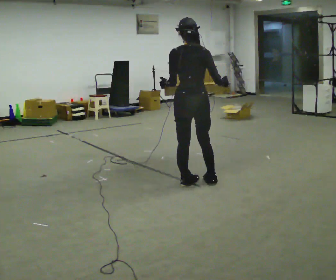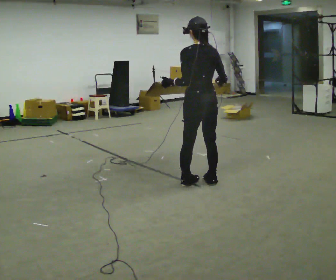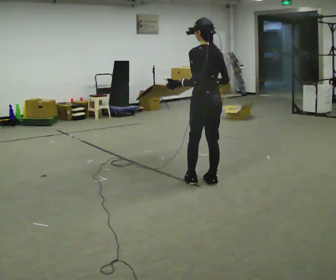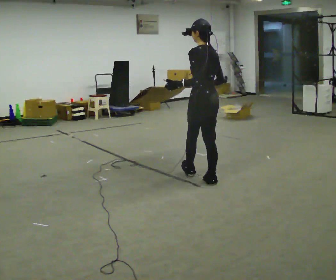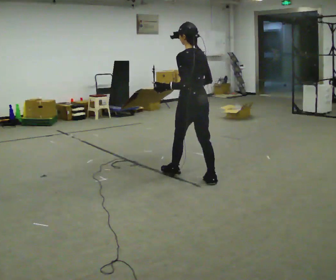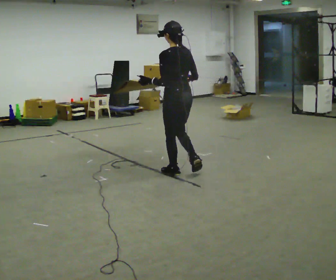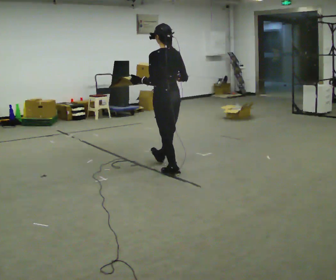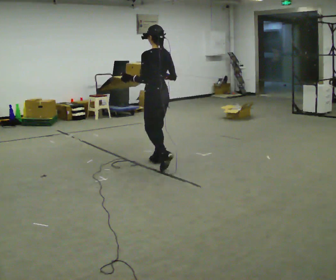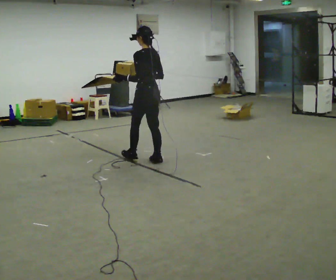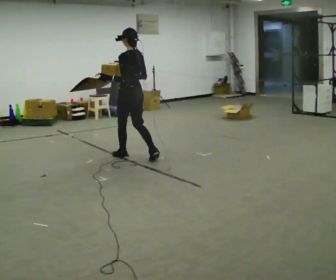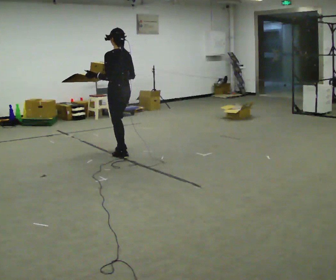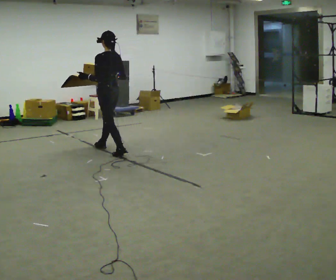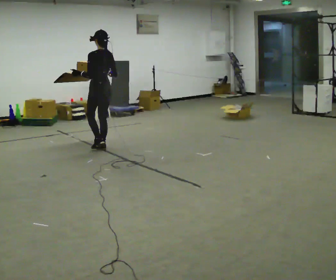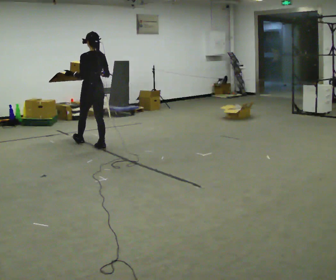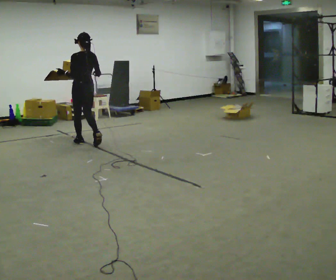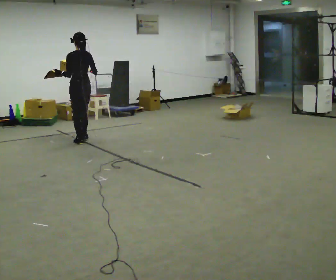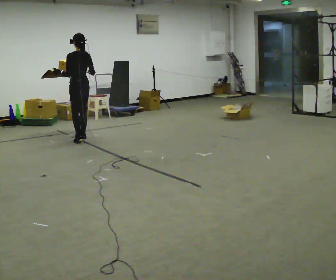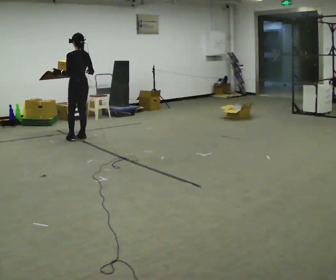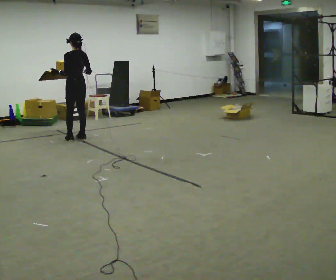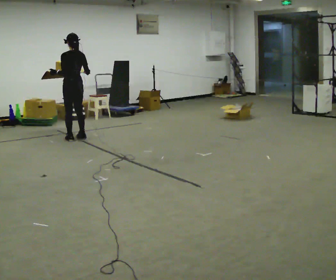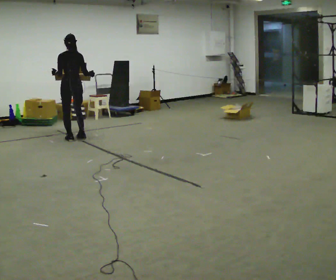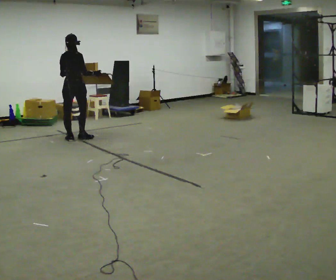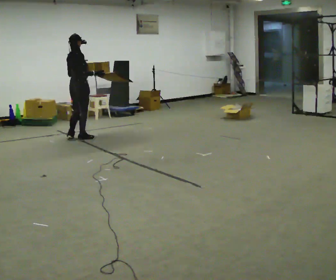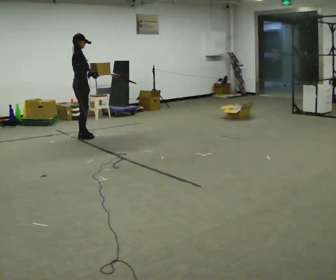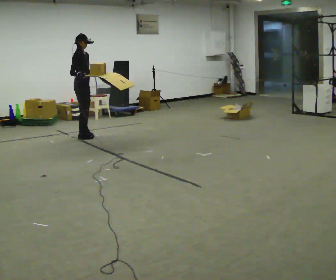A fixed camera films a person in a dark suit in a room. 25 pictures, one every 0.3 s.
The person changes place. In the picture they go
away from the camera.
0.0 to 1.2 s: The part of the body nearest the lens slides to the right as the person turns to their left by about 45 degrees. In the picture they go away from the camera, about 0.25 m in 1 step, which for them is forward and to their right.
1.2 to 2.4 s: In the picture they go away from the camera and to the left, about 1 m in 1 step, which for them is forward.
2.4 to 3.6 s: In the picture they go away from the camera and to the left, about 1 m in 2 steps, which for them is forward.
3.6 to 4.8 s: In the picture they go away from the camera and to the left, about 0.75 m in 2 steps, which for them is forward.
4.8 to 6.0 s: The person turns about 30 degrees to their right, clockwise seen from above, so the part of the body nearest the lens slides to the left.
6.0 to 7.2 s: Seen from above the body turns clockwise, about 120 degrees: to their right, with its near side sliding to the left. In the picture they go away from the camera, about 0.25 m in 1 step.
The film runs forward here.
